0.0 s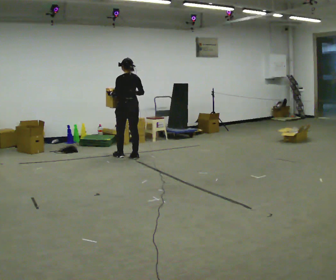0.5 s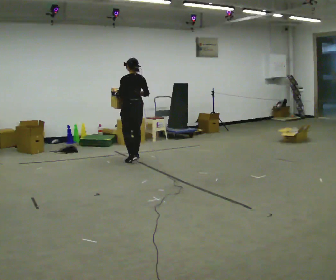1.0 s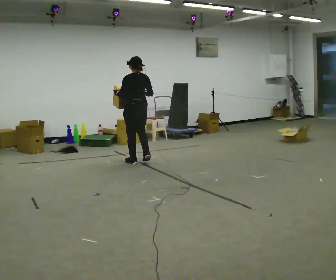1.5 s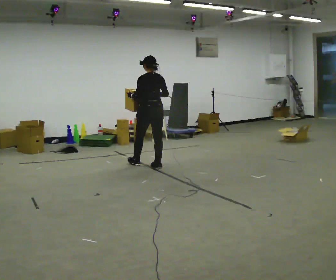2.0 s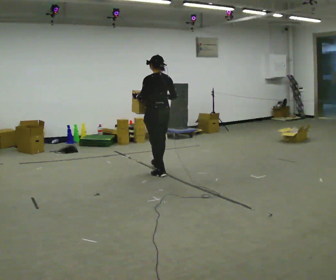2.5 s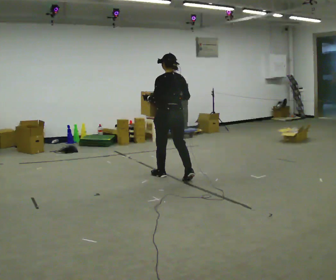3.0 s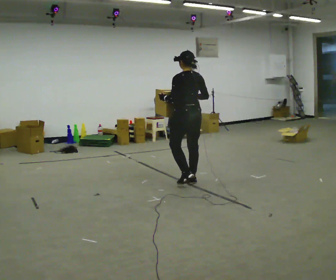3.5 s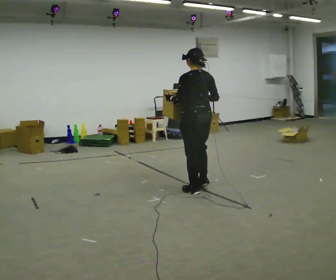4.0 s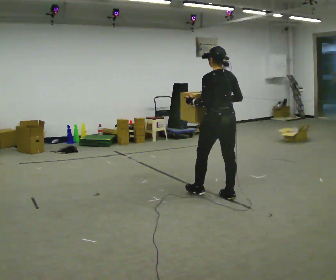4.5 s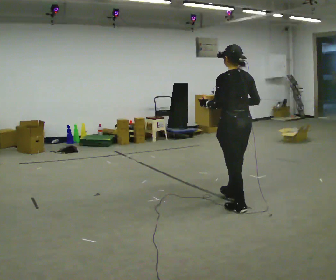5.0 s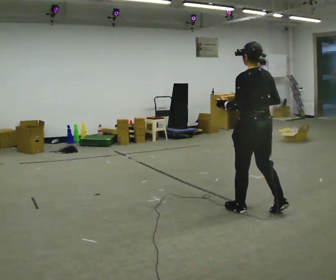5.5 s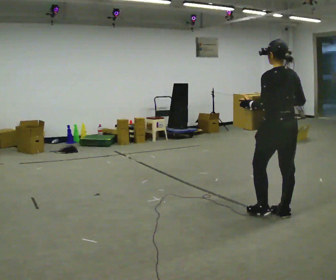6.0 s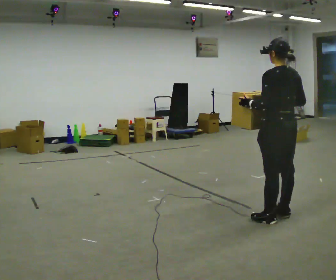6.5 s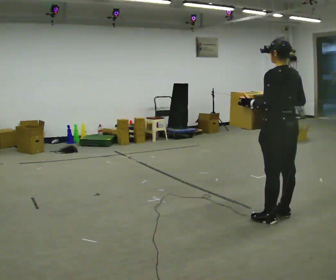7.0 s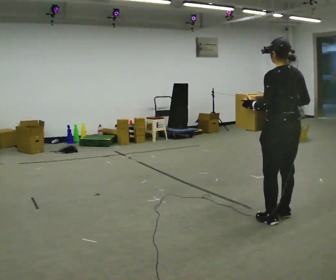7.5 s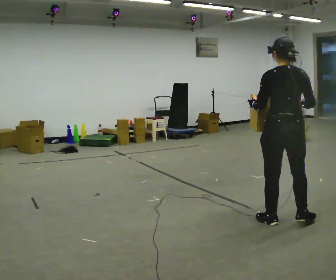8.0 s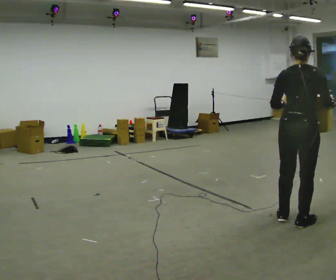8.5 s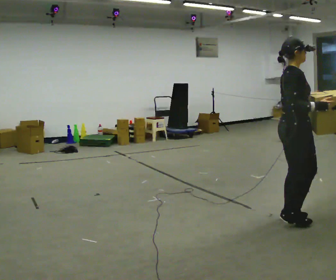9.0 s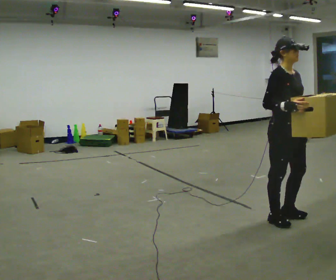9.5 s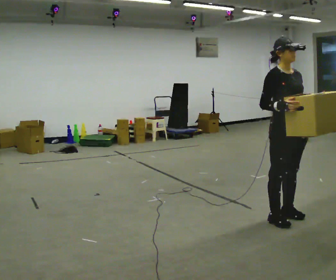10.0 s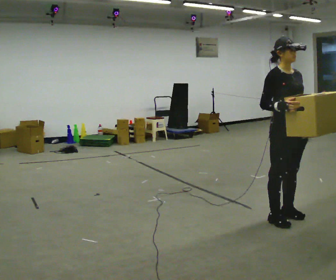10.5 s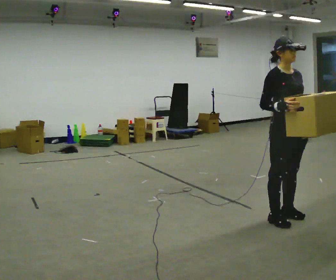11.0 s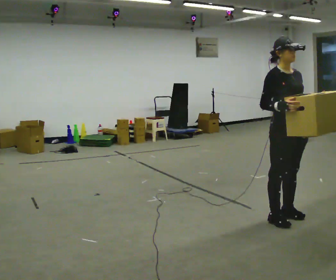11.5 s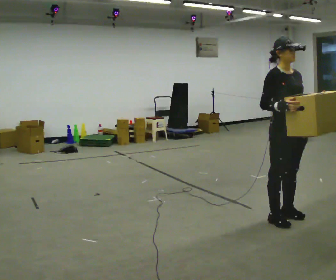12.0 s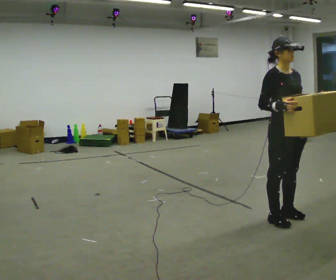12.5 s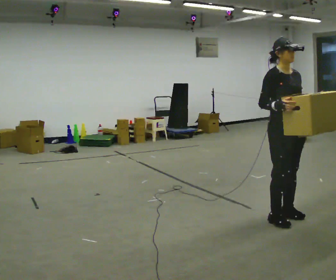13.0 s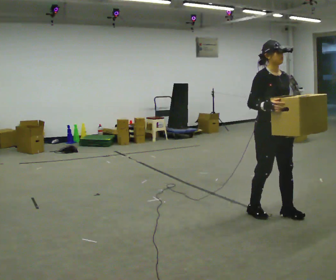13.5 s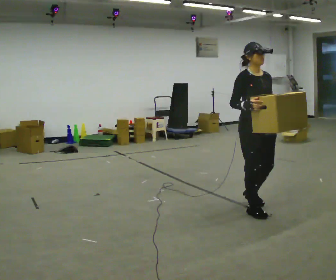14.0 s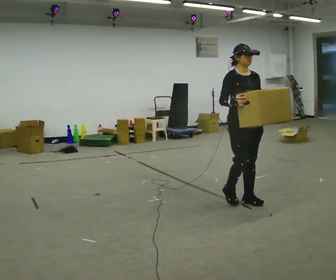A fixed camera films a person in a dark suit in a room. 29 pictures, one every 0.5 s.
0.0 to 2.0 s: In the picture they go to the right and toward the camera, about 1 m in 3 steps, which for them is backward.
2.0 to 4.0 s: In the picture they go to the right and toward the camera, about 1.5 m in 4 steps, which for them is backward.
4.0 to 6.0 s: In the picture they go to the right and toward the camera, about 1 m in 2 steps, which for them is backward.
6.0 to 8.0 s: The part of the body nearest the lens slides to the left as the person turns to their right by about 60 degrees. In the picture they go toward the camera, about 0.25 m in 2 steps. In the picture their right hand goes to the right.
8.0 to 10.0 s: The part of the body nearest the lens slides to the left as the person turns to their right by about 120 degrees. In the picture their left hand goes to the right.
10.0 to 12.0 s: The person keeps their place and pose.
12.0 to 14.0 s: In the picture they go away from the camera and to the left, about 0.5 m in 3 steps, which for them is backward.
The film runs backward here.
